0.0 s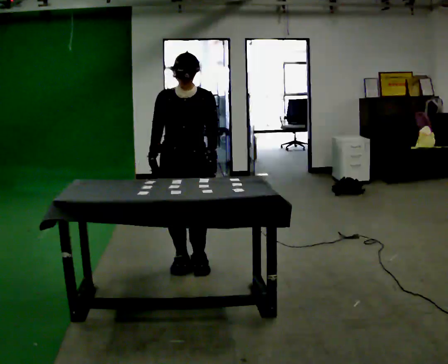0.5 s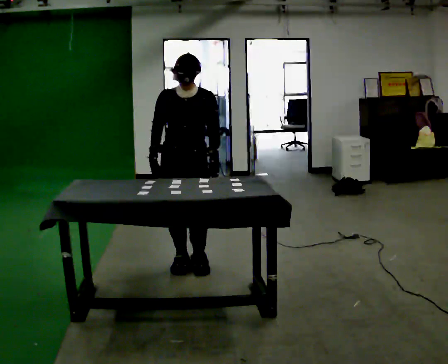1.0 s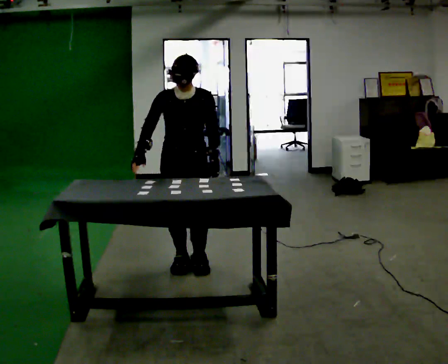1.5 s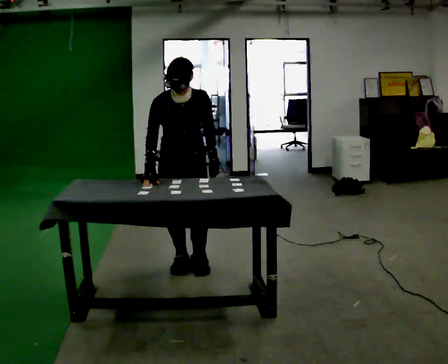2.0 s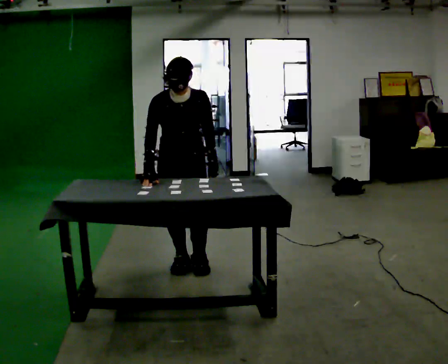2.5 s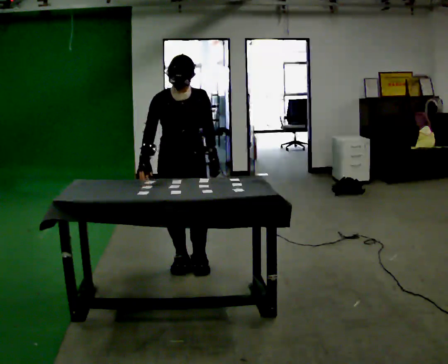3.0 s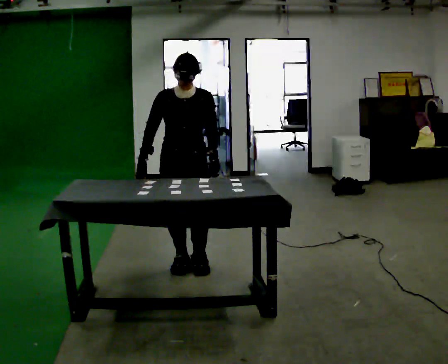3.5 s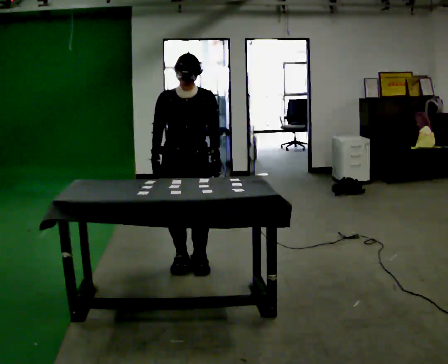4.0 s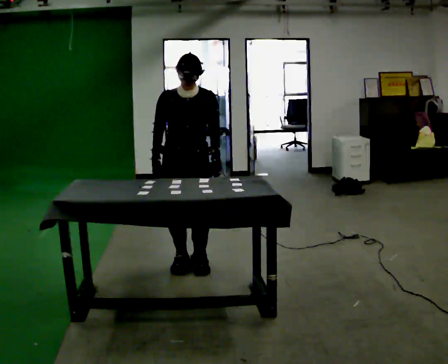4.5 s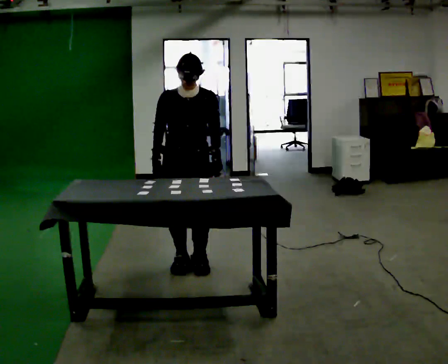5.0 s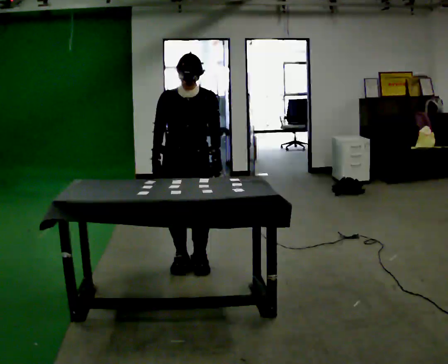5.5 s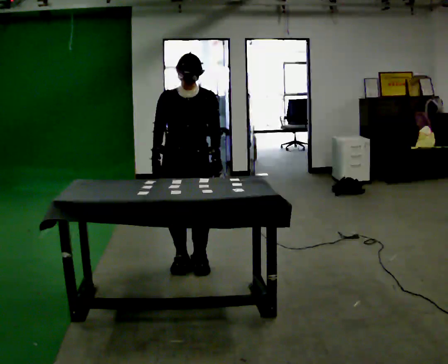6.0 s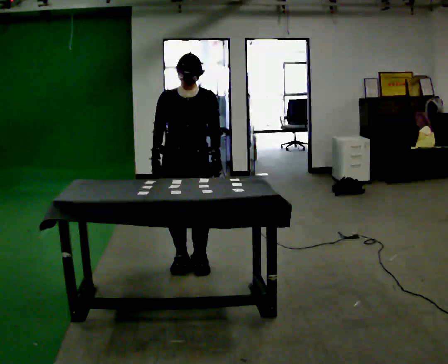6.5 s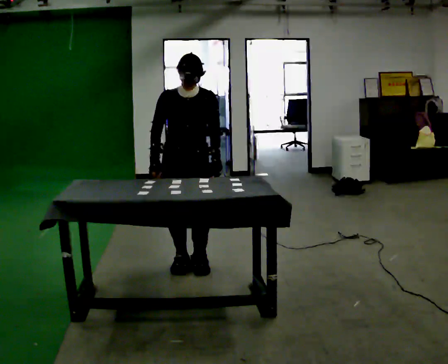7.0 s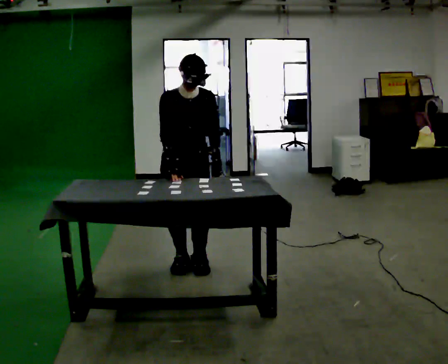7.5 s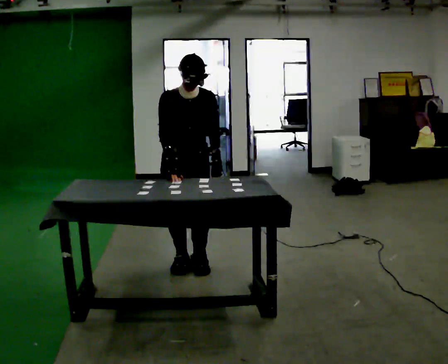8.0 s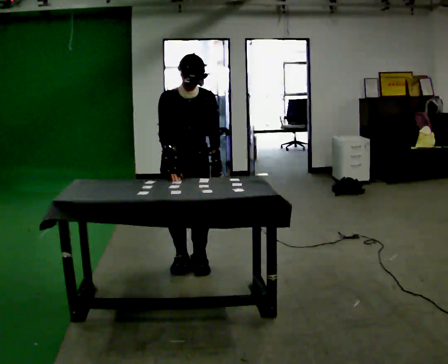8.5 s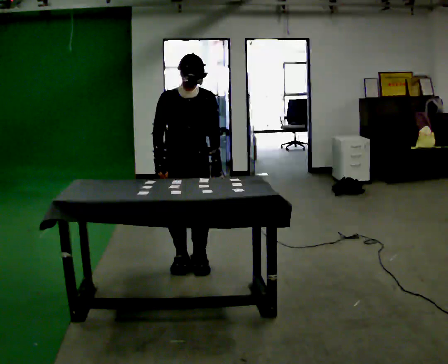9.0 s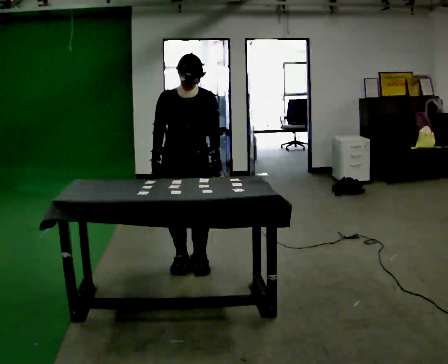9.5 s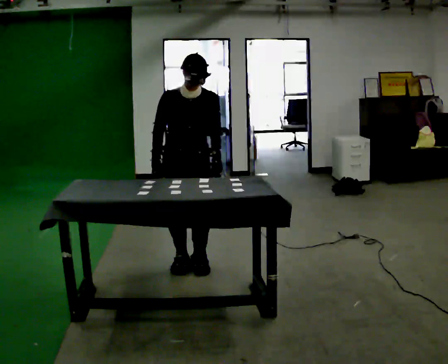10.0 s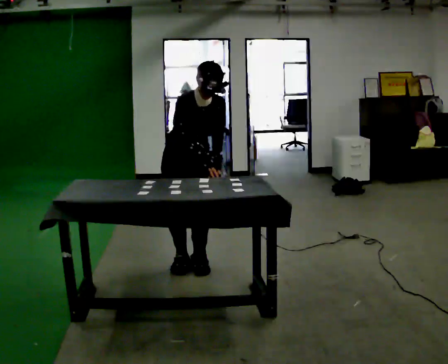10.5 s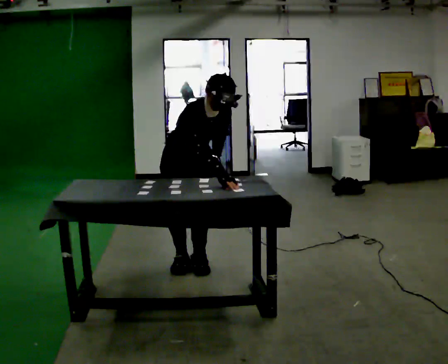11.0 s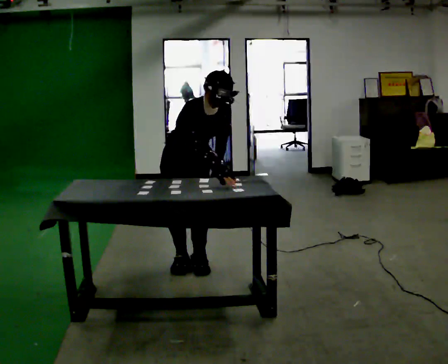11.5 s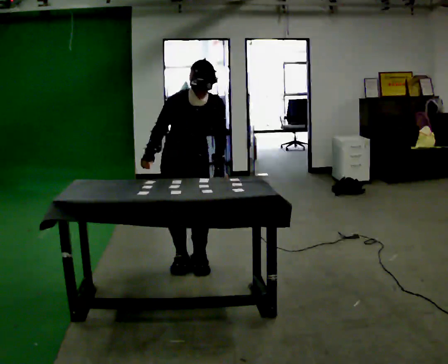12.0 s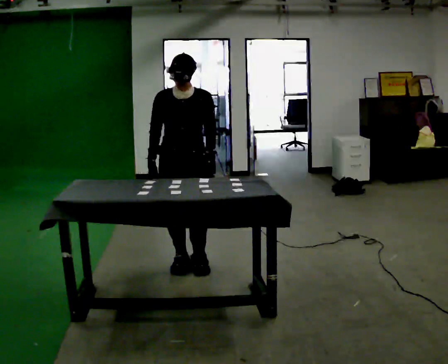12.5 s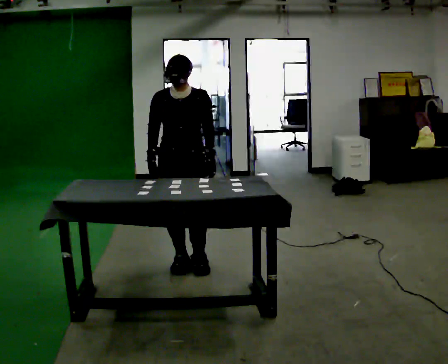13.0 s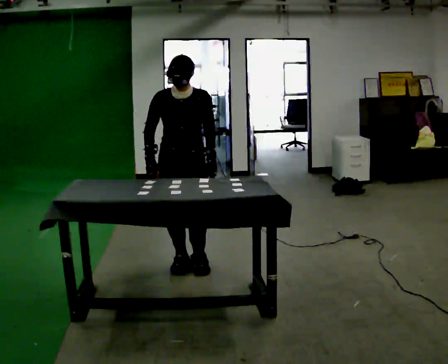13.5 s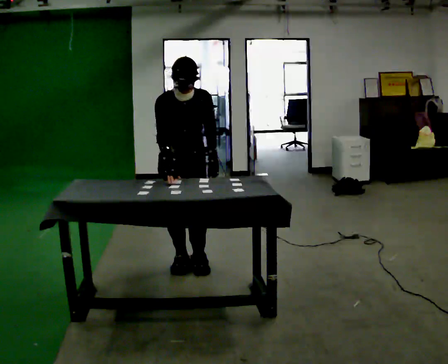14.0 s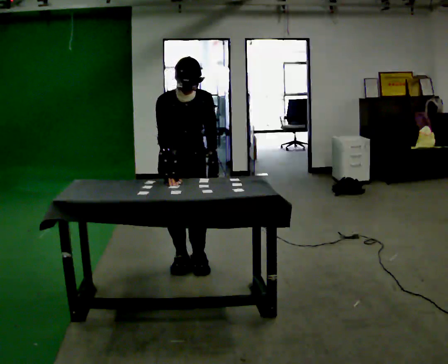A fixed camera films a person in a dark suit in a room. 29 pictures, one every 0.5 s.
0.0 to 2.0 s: The upper body tips toward the camera, its near side rolling downward, as they bend forward.
2.0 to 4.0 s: The upper body tips away from the camera, its near side rolling upward, as they lean back or straighten.
4.0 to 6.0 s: The person keeps their place and pose.
6.0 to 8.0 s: The person moves a little, or ends about where they began.
8.0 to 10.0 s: The upper body tips toward the camera, its near side rolling downward, as they bend forward.
10.0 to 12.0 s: In the picture their right hand goes to the left.
12.0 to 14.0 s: The person moves a little, or ends about where they began.
The film runs forward here.
